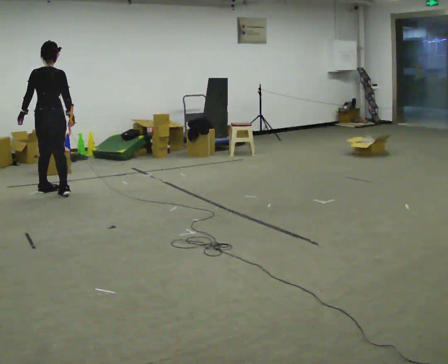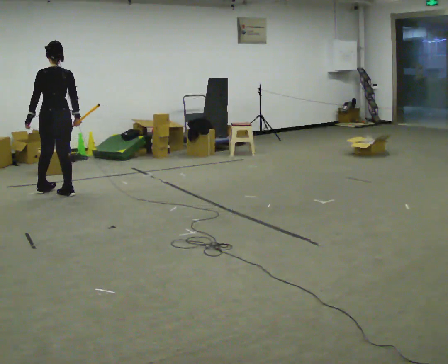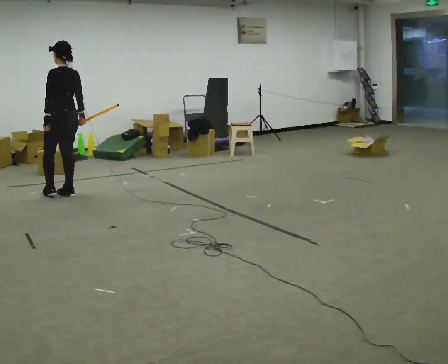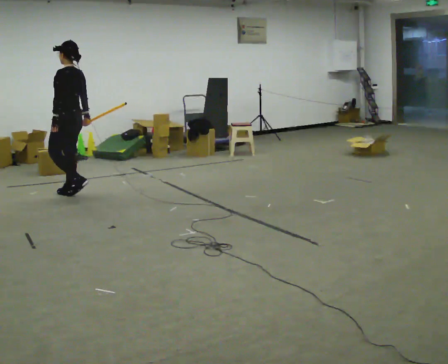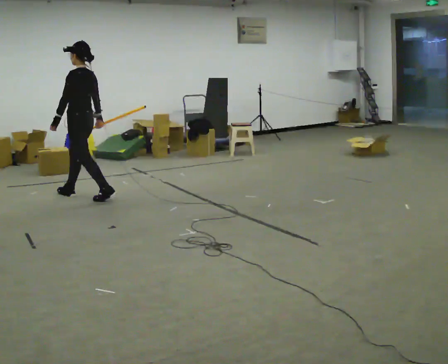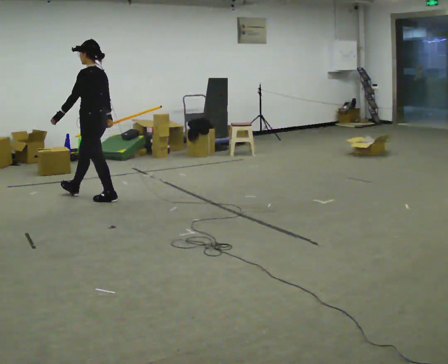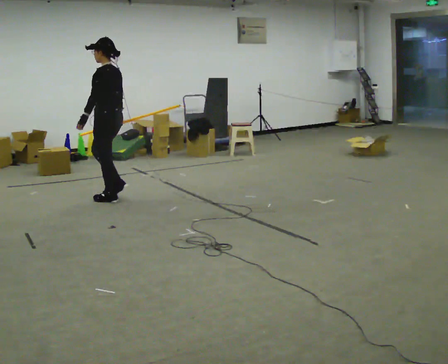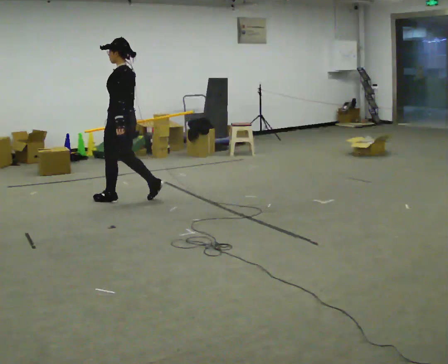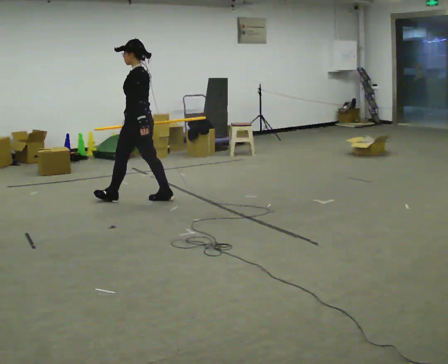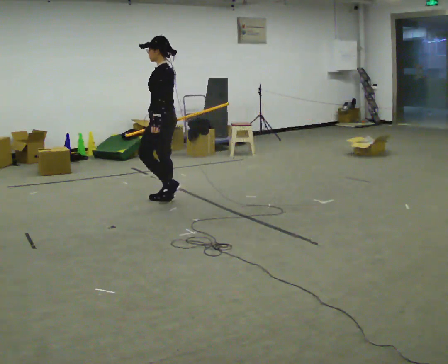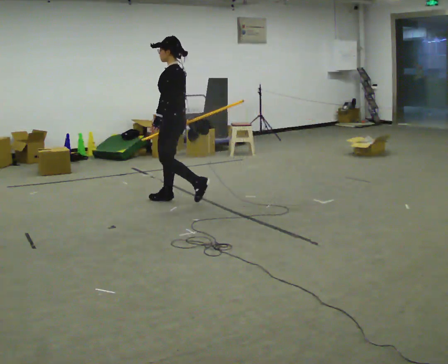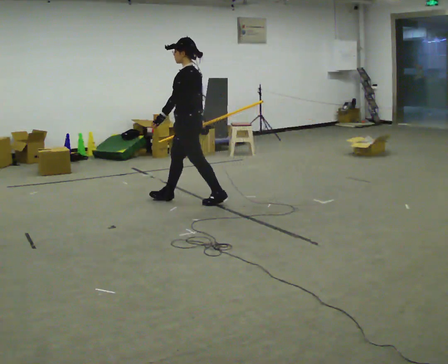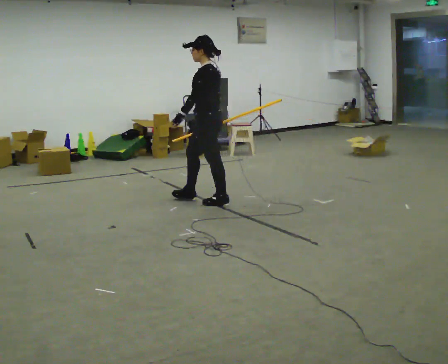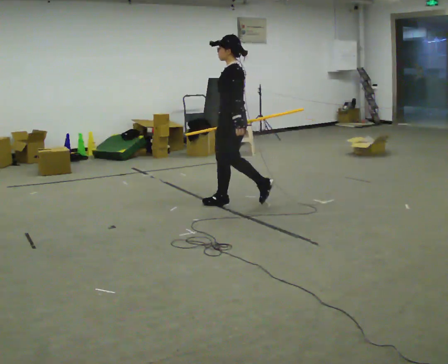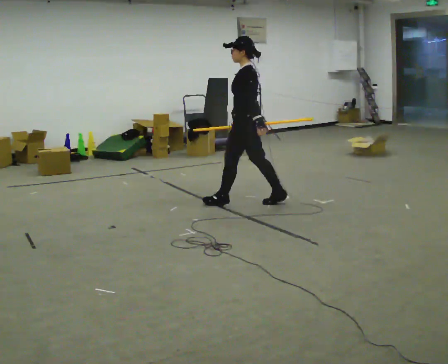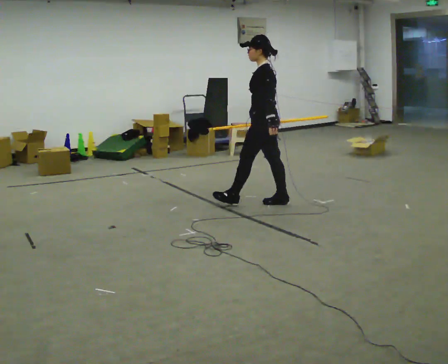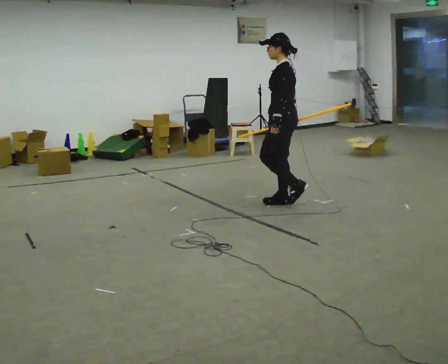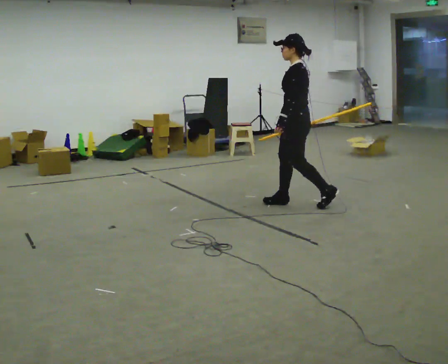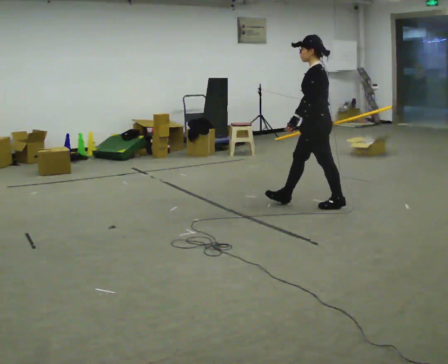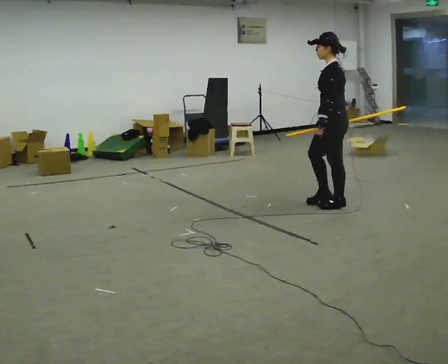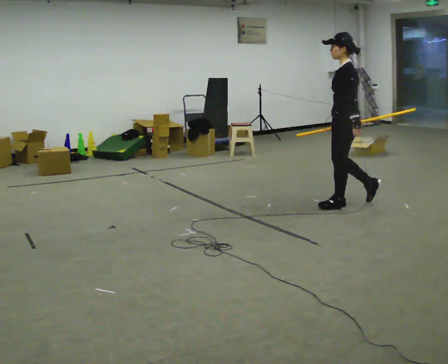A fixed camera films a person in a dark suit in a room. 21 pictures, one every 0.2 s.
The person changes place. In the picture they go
to the right.
0.0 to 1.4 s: The person turns about 75 degrees to their left, counterclockwise seen from above, so the part of the body nearest the lens slides to the right. In the picture they go to the right, about 1 m in 2 steps.
1.4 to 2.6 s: In the picture they go to the right, about 1 m in 2 steps, which for them is backward.
2.6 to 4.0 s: In the picture they go to the right, about 1 m in 2 steps, which for them is backward.
The film runs backward here.
